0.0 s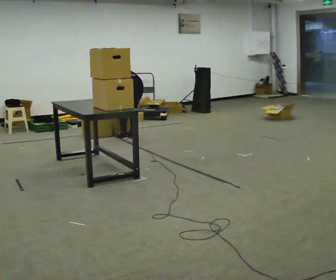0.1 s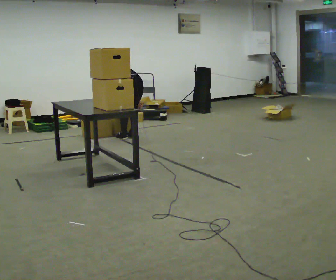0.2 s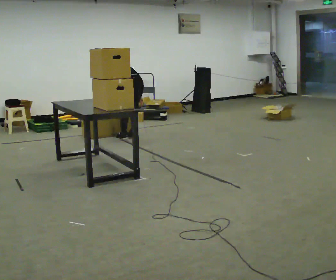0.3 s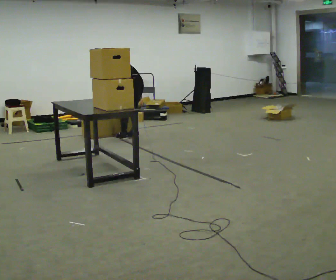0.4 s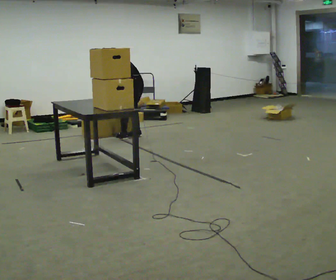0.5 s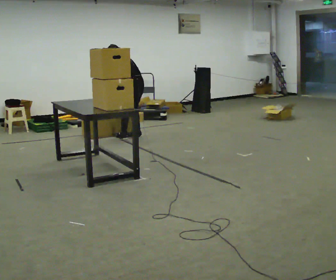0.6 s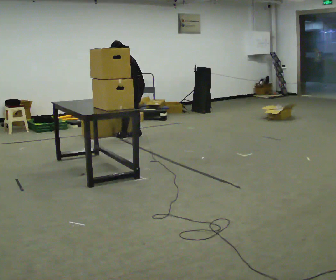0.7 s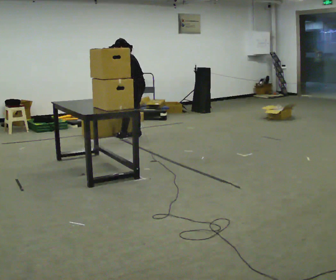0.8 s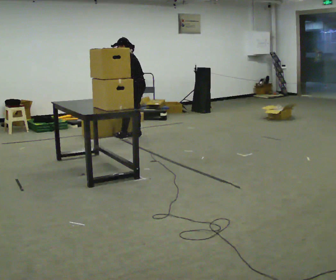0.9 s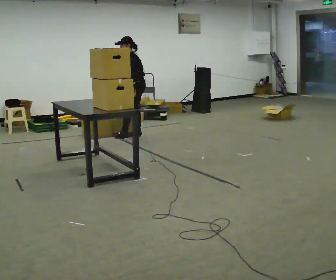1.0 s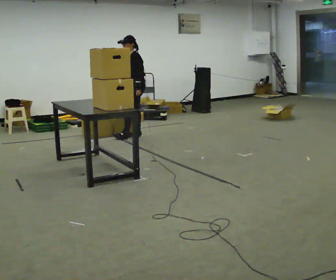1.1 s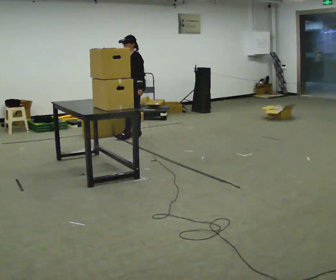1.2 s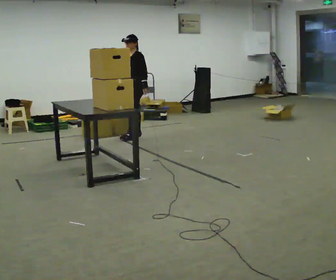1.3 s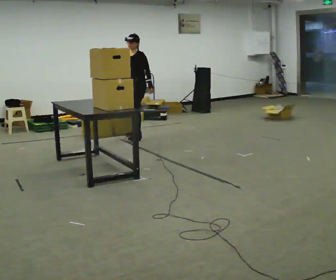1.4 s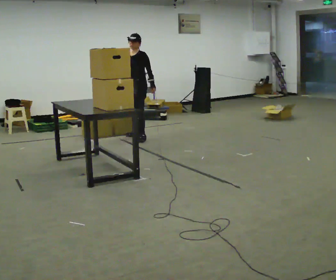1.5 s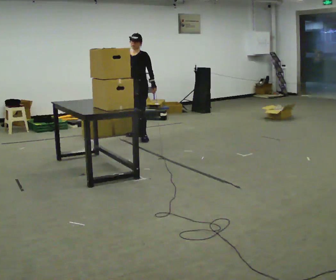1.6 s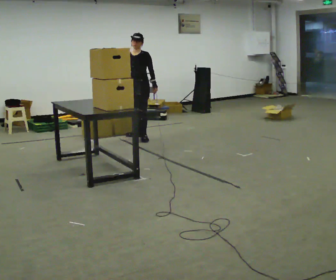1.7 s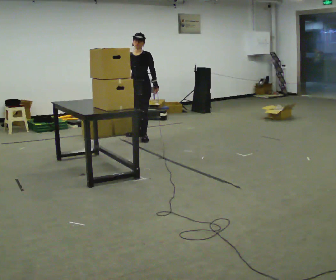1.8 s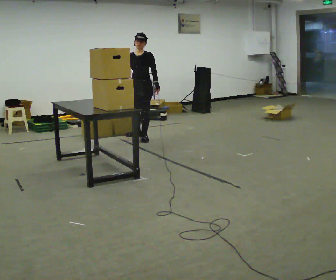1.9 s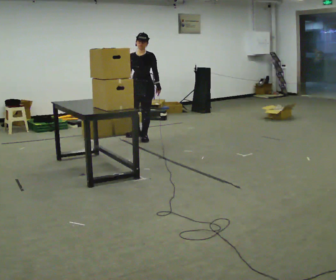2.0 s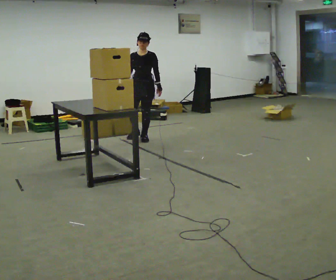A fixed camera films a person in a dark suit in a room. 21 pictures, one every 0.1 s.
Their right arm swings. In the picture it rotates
clockwise.
The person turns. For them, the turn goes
to their left.
0.0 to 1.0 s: The person turns about 60 degrees to their left, counterclockwise seen from above, so the part of the body nearest the lens slides to the right. In the picture they go away from the camera, about 0.25 m. The upper body goes upward. The upper body tips toward the camera, its near side rolling downward, as they lean back or straighten.
1.0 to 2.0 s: The person turns about 60 degrees to their left, counterclockwise seen from above, so the part of the body nearest the lens slides to the right. In the picture they go toward the camera, about 0.25 m in 1 step, which for them is to their left.
The film runs forward here.
